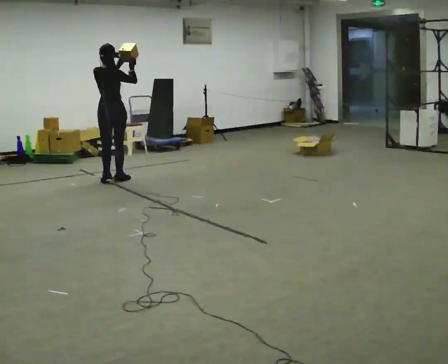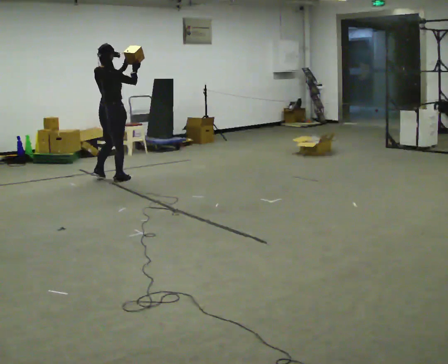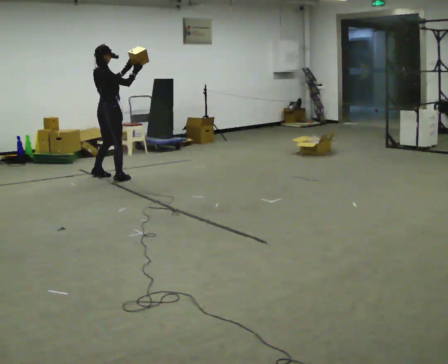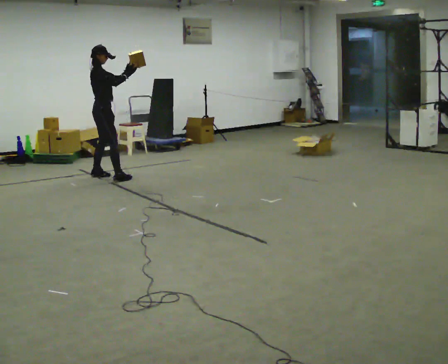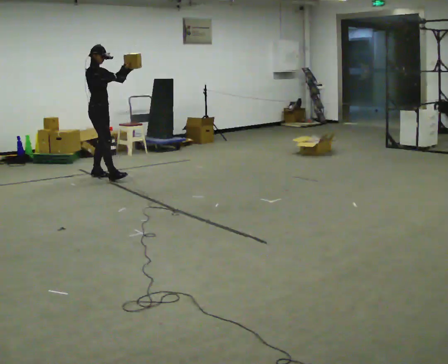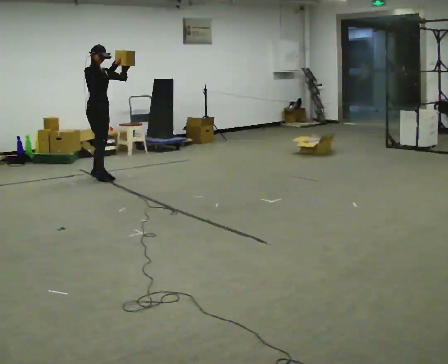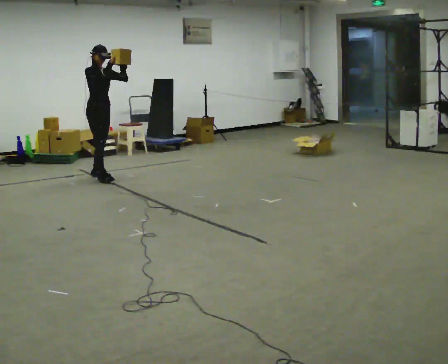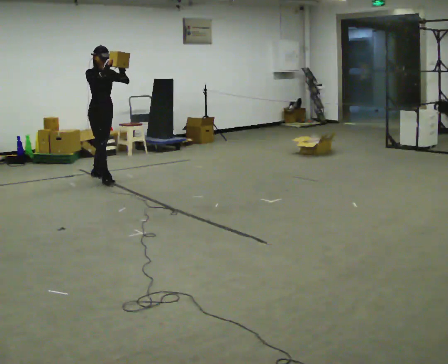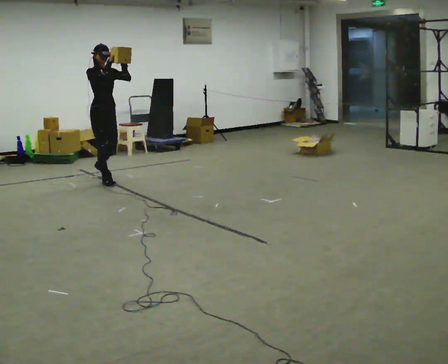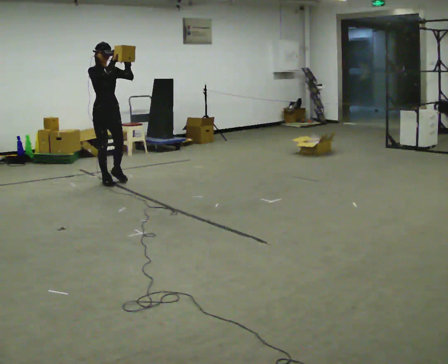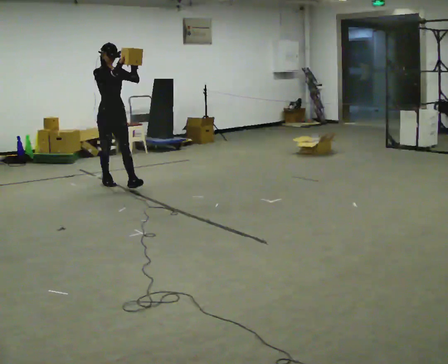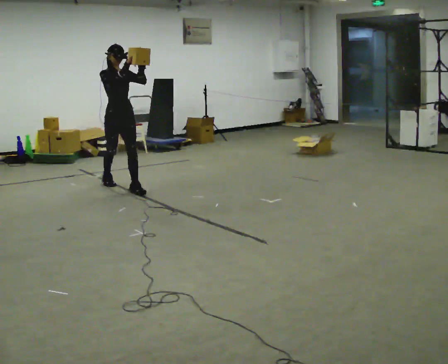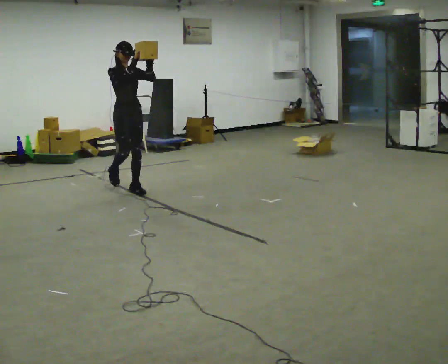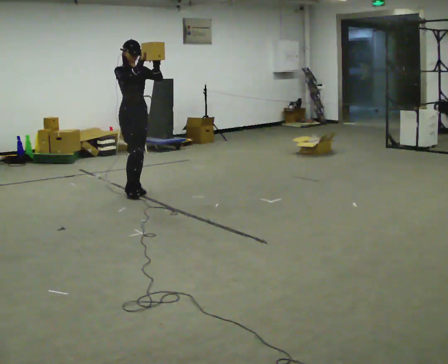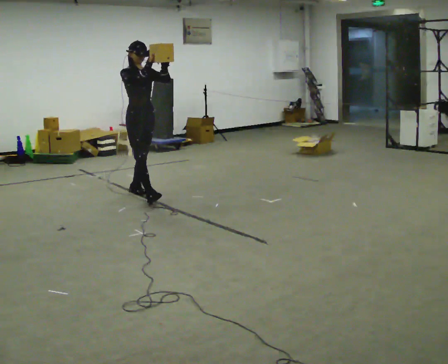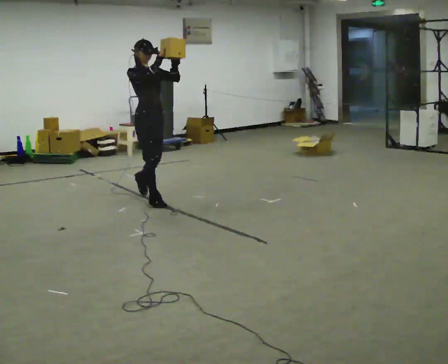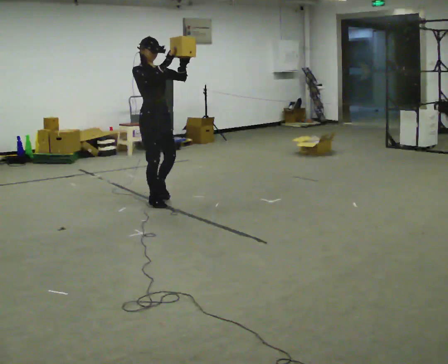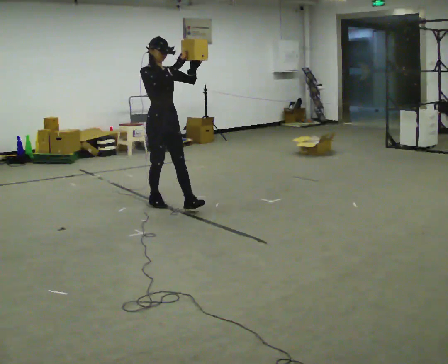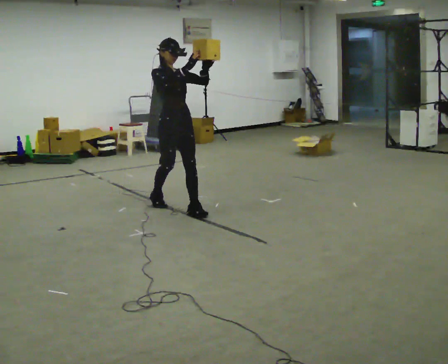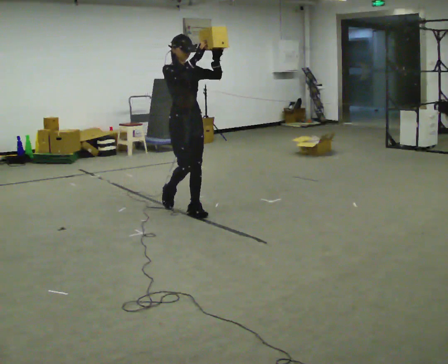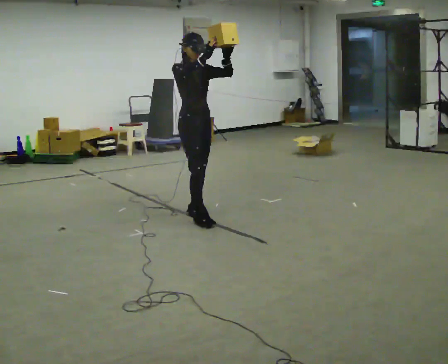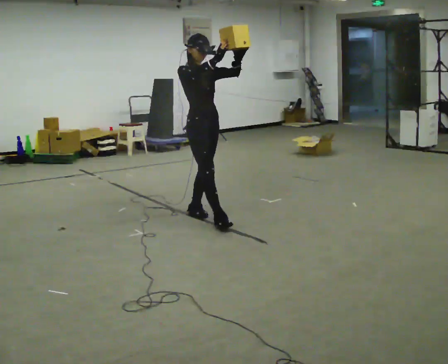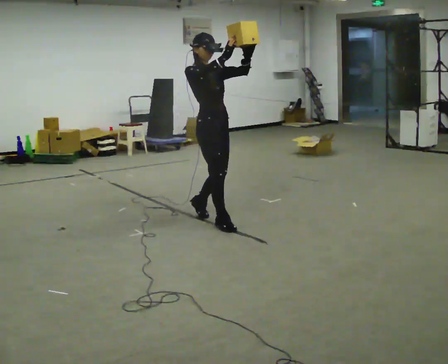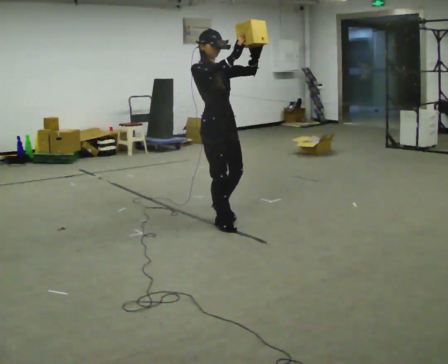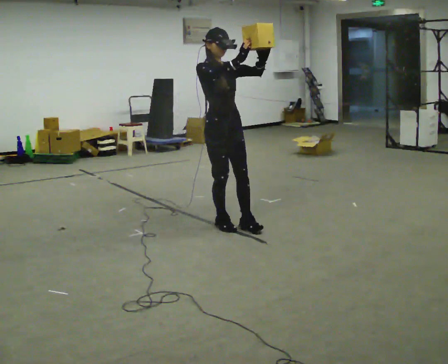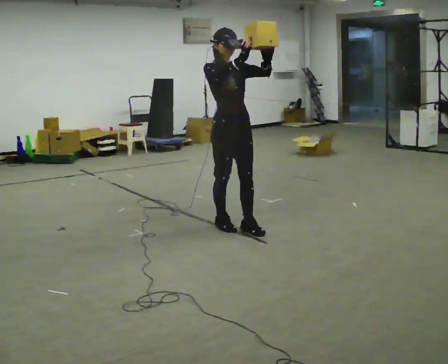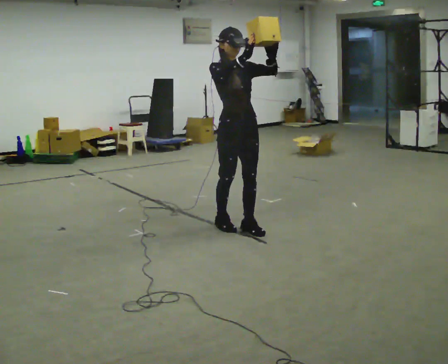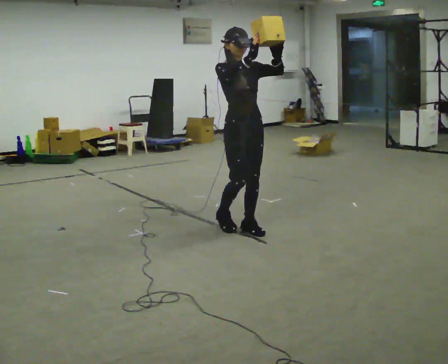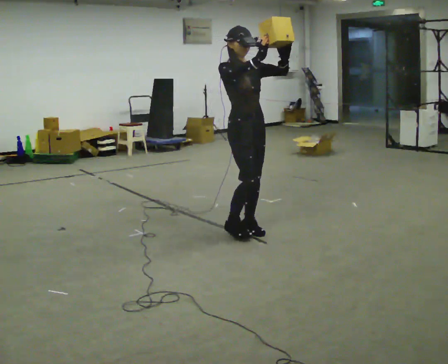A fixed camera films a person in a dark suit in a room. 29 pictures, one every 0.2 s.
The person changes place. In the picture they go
toward the camera.
0.0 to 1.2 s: The person turns about 120 degrees to their right, clockwise seen from above, so the part of the body nearest the lens slides to the left. In the picture they go away from the camera and to the left, about 0.25 m in 2 steps. In the picture their right hand goes to the left.
1.2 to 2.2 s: In the picture they go toward the camera and to the right, about 0.75 m in 2 steps, which for them is forward.
2.2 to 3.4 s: In the picture they go toward the camera and to the right, about 1 m in 1 step, which for them is forward.
3.4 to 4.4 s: In the picture they go toward the camera and to the right, about 0.5 m in 2 steps, which for them is forward.
4.4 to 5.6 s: In the picture they go toward the camera and to the right, about 0.5 m in 1 step, which for them is forward.
The film runs forward here.
